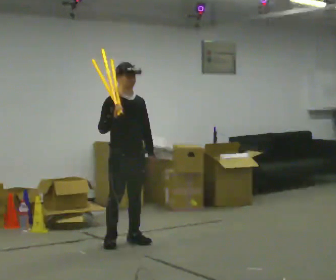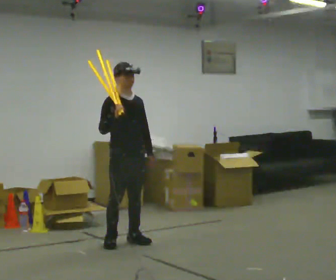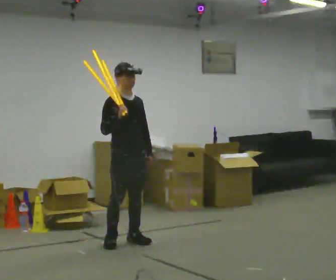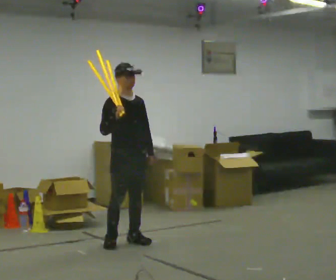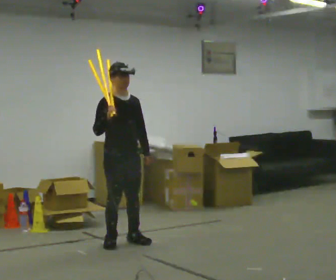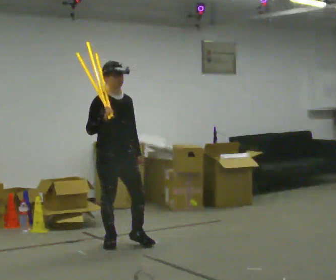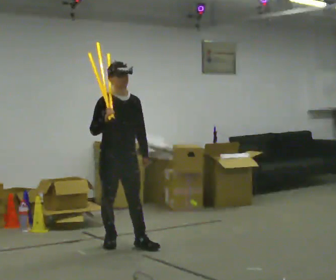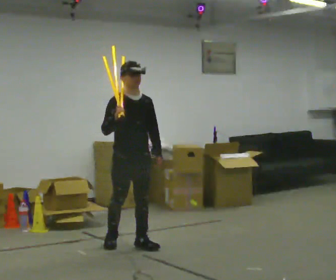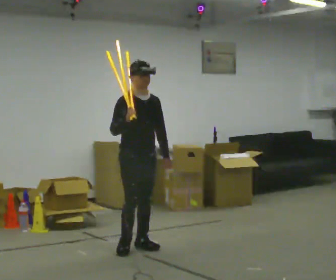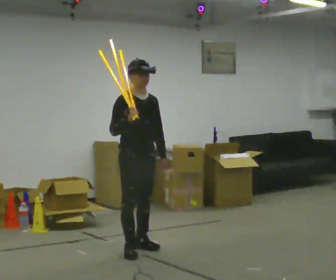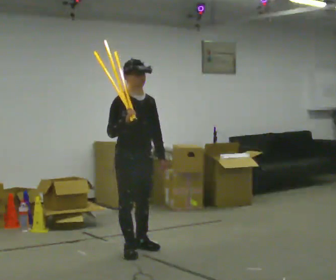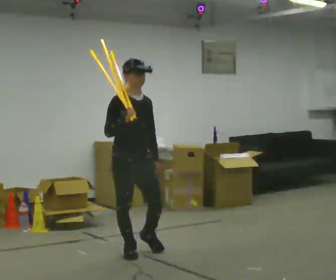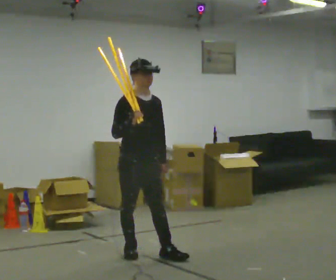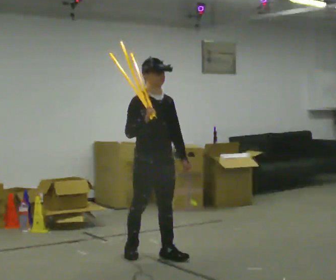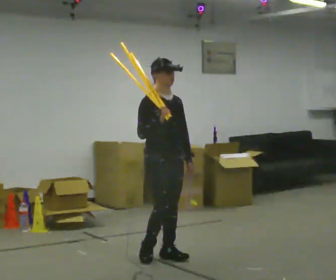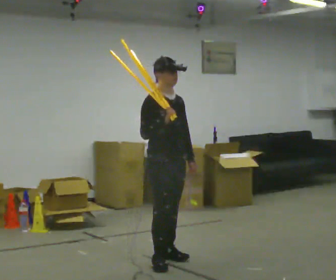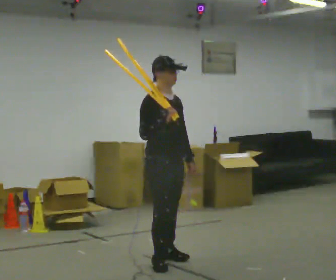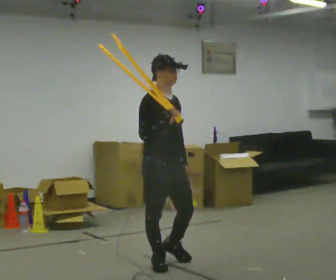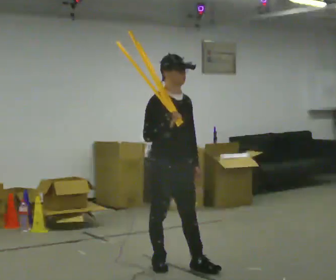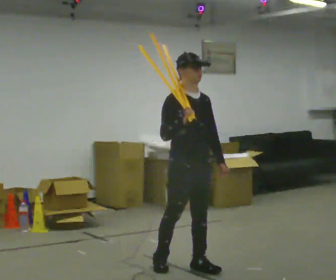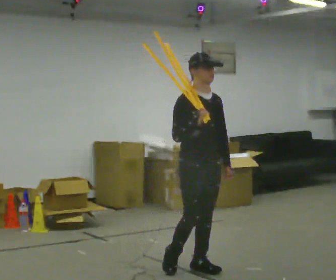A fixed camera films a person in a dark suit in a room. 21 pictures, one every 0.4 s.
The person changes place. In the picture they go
toward the camera.
0.0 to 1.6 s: The person moves a little, or ends about where they began.
1.6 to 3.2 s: In the picture they go to the right, about 0.25 m in 1 step, which for them is forward.
3.2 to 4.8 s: In the picture they go toward the camera, about 0.25 m in 2 steps, which for them is forward and to their right.
4.8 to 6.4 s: In the picture they go toward the camera and to the right, about 0.25 m in 1 step, which for them is forward.
6.4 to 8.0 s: In the picture they go to the right and toward the camera, about 0.25 m in 1 step, which for them is forward.
The film runs forward here.
